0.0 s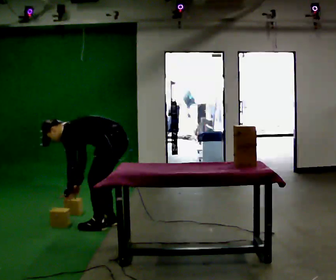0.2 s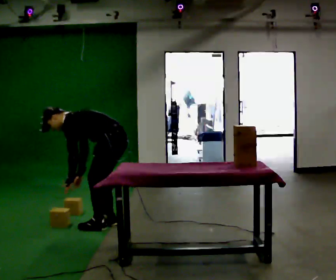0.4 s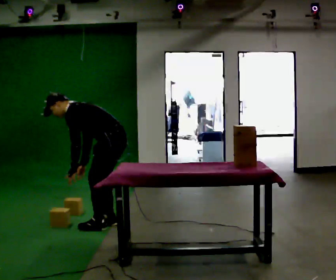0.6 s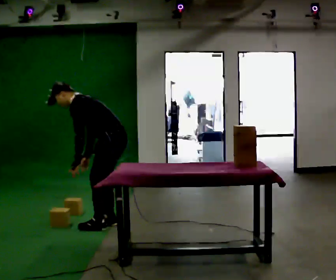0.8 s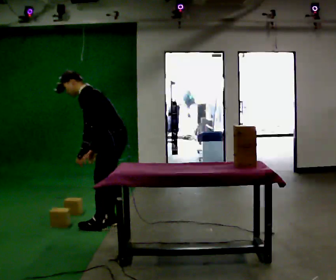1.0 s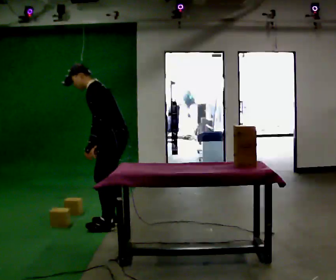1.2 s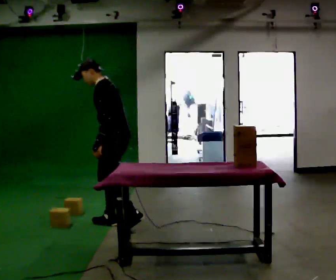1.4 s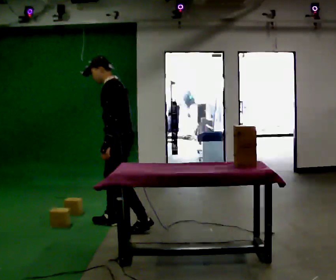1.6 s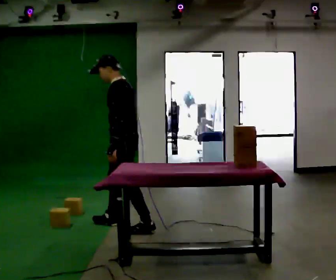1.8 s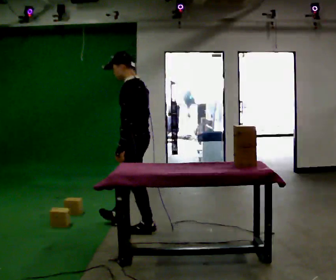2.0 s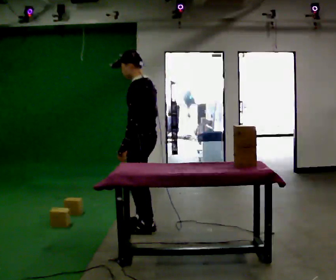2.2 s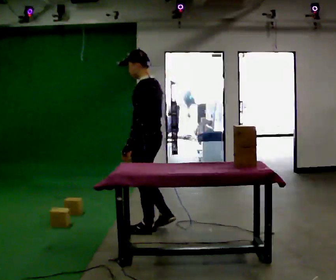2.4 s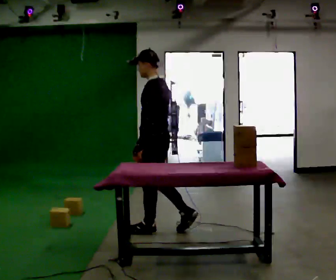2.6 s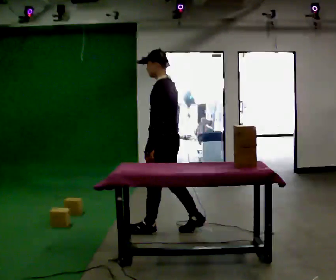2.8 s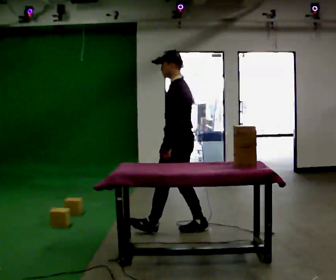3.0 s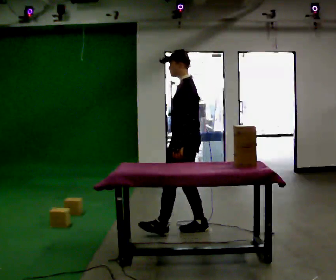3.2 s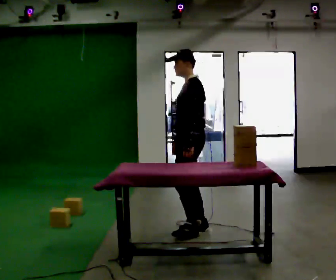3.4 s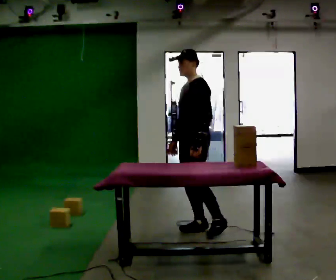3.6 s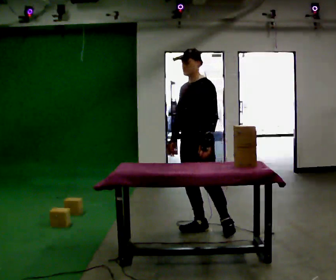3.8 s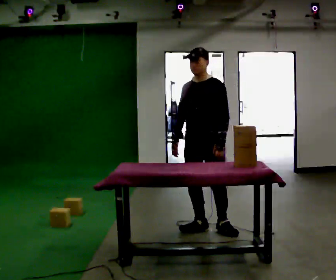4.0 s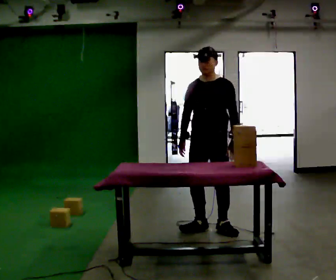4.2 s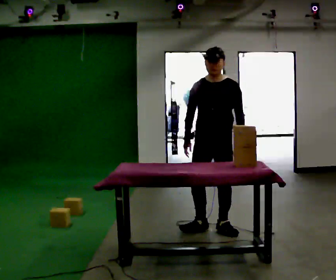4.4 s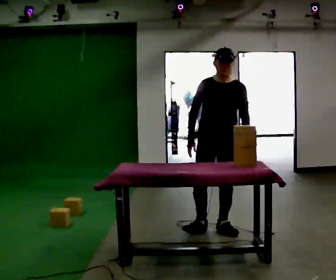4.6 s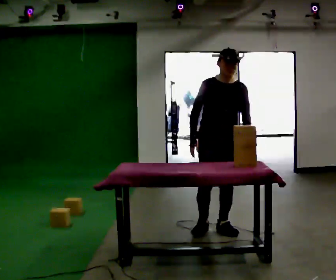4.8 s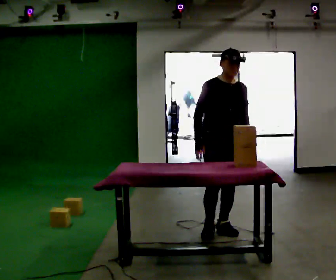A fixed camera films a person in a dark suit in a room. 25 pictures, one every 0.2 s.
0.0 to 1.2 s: The upper body goes upward. In the picture the upper body tilts clockwise, shoulders to the right, as they lean back or straighten. In the picture their left hand goes upward and to the right.
1.2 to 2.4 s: In the picture they go to the right and toward the camera, about 0.5 m in 1 step, which for them is backward. In the picture the upper body tilts clockwise, shoulders to the right, as they lean back or straighten.
2.4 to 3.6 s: Seen from above the body turns counterclockwise, about 60 degrees: to their left, with its near side sliding to the right. In the picture they go to the right, about 0.5 m in 1 step, which for them is backward.
3.6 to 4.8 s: The person turns about 75 degrees to their left, counterclockwise seen from above, so the part of the body nearest the lens slides to the right. In the picture they go to the right, about 0.25 m. In the picture their left hand goes to the right.
The film runs backward here.
